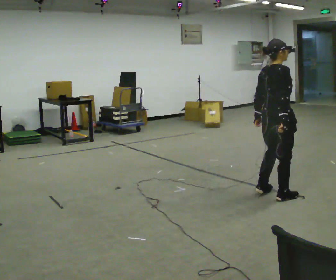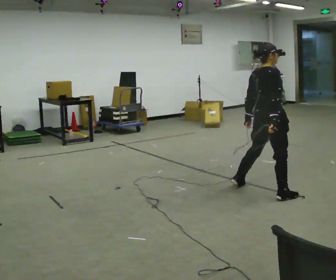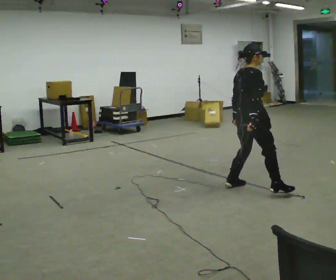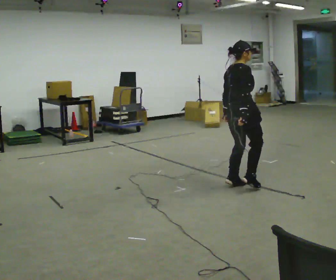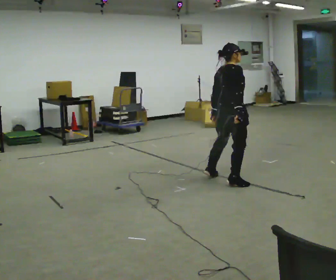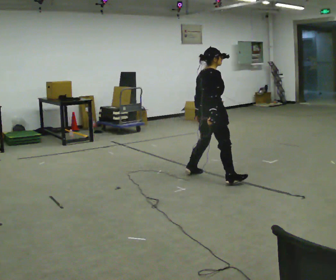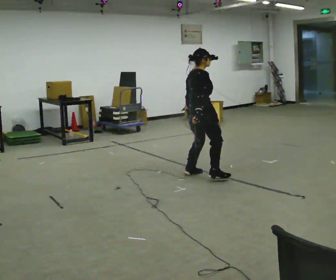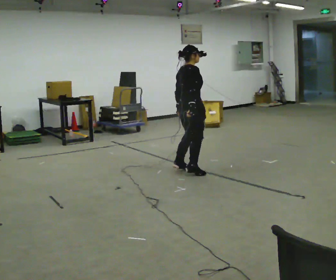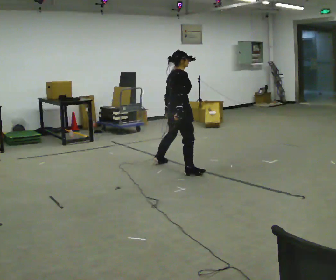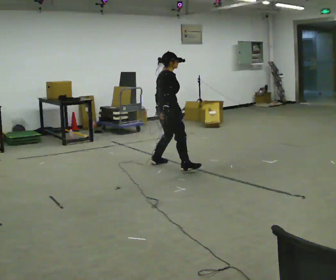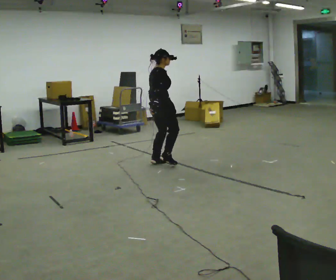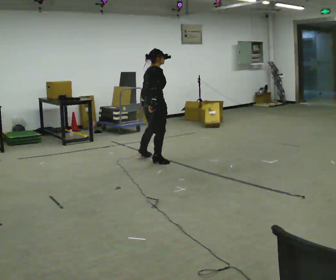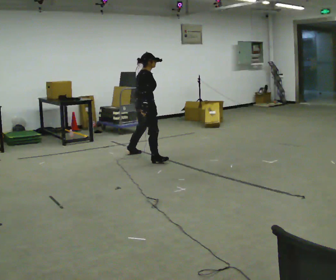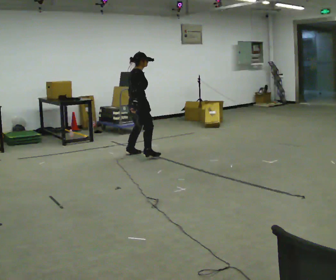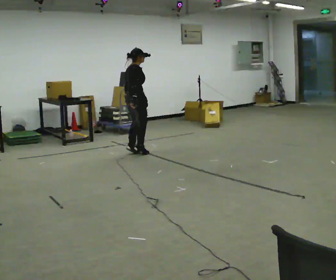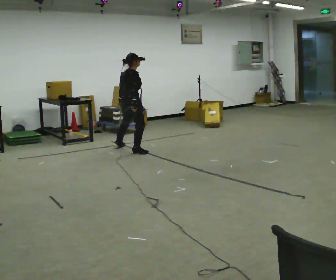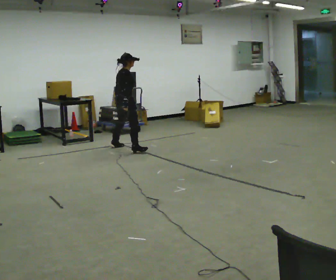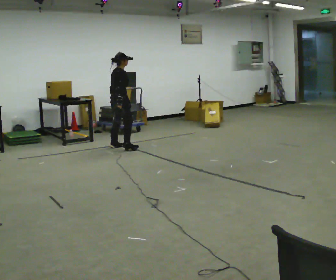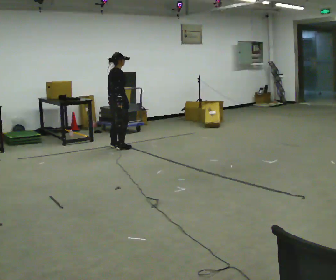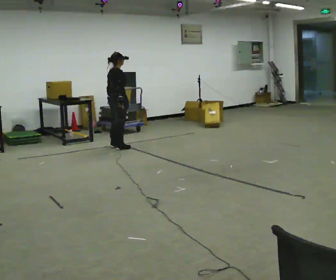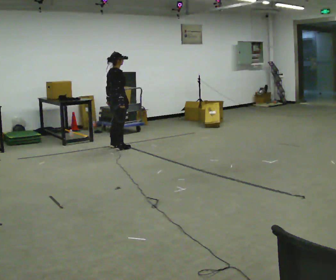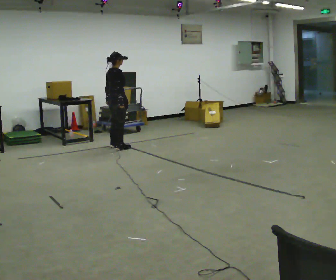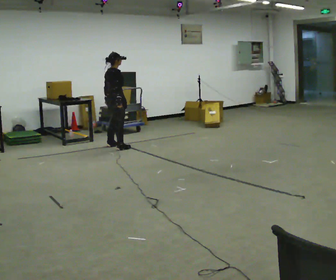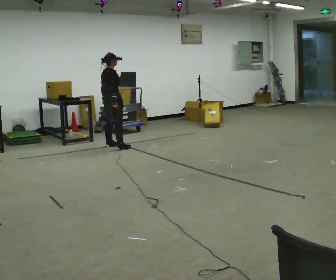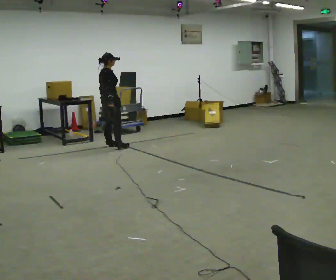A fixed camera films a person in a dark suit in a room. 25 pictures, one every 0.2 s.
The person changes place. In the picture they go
away from the camera.
0.0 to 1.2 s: In the picture they go away from the camera and to the left, about 1 m in 3 steps, which for them is to their left.
1.2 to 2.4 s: In the picture they go away from the camera and to the left, about 1 m in 3 steps, which for them is to their left.
2.4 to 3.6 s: In the picture they go away from the camera and to the left, about 1 m in 3 steps, which for them is to their left.
3.6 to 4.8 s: The person moves a little, or ends about where they began.
The film runs backward here.
